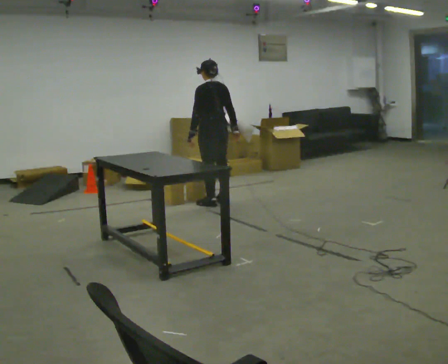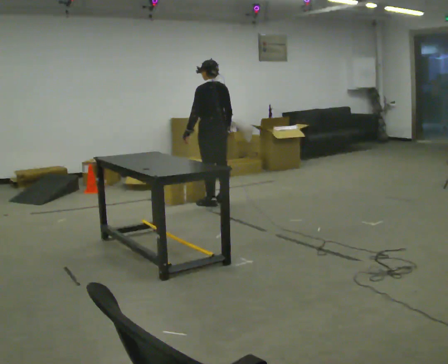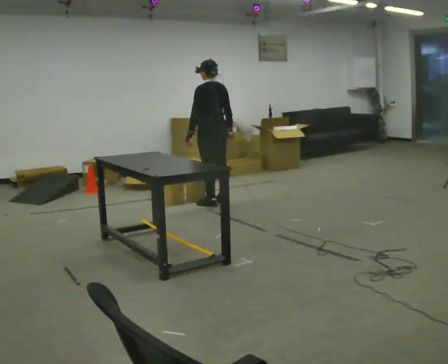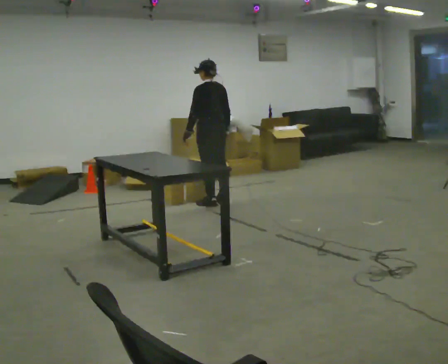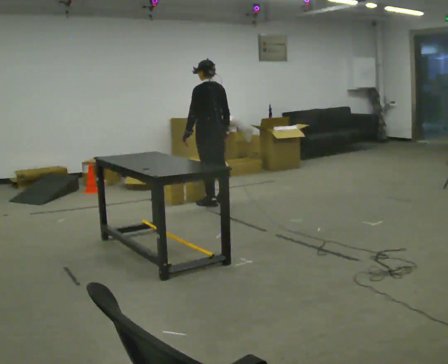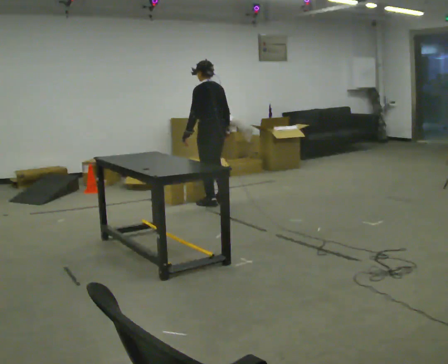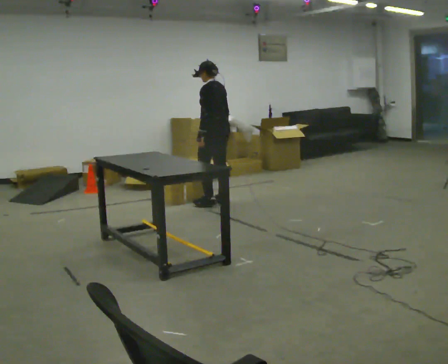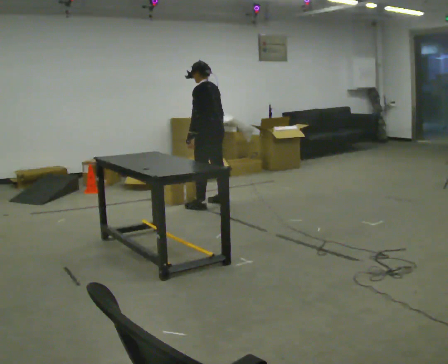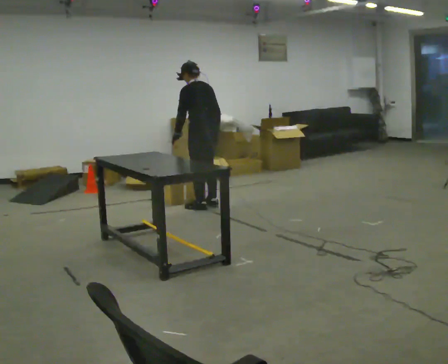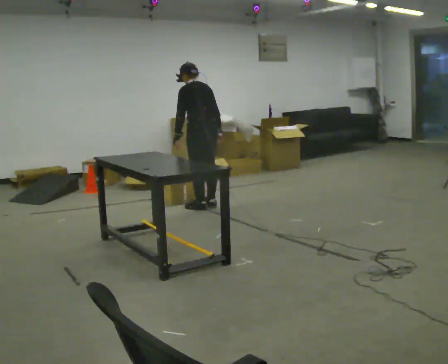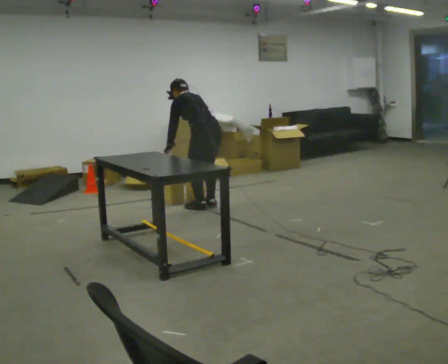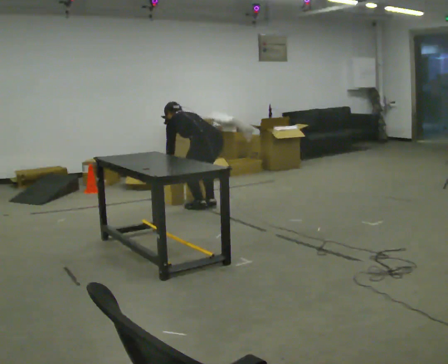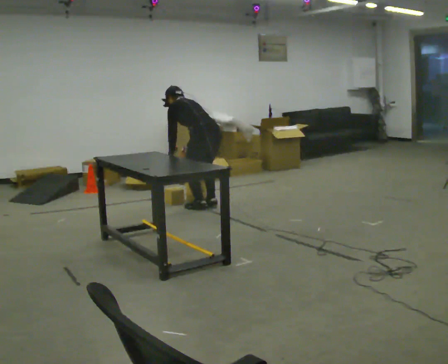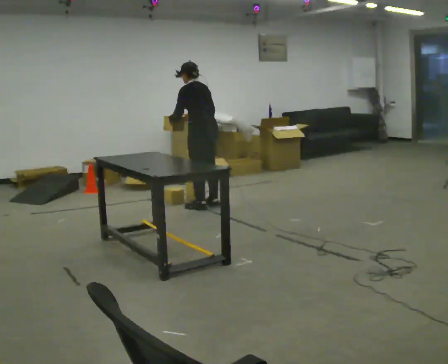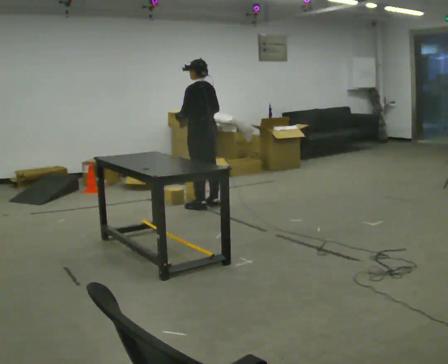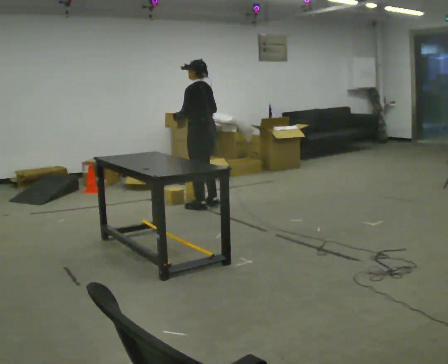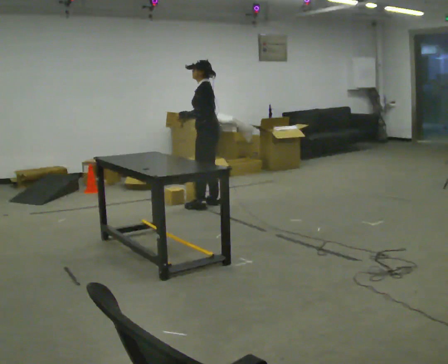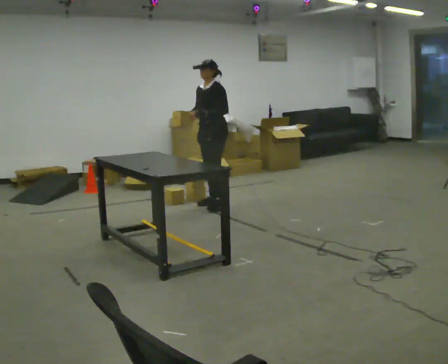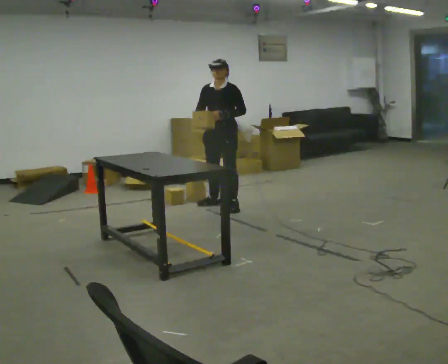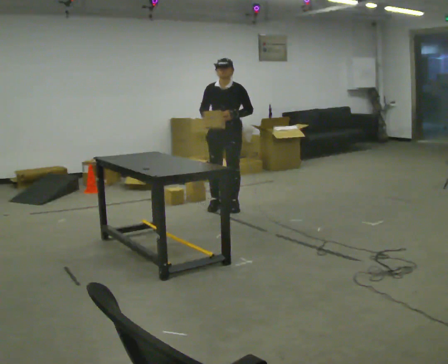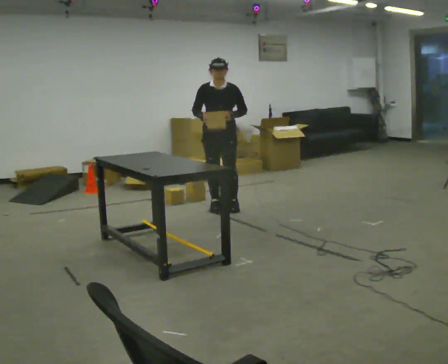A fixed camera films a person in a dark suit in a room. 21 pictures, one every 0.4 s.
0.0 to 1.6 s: The person moves a little, or ends about where they began.
1.6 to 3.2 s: In the picture they go toward the camera, about 0.25 m in 1 step, which for them is to their left.
3.2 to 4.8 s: In the picture their right hand goes to the left.
4.8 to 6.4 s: The part of the body nearest the lens slides to the right as the person turns to their left by about 45 degrees. In the picture they go away from the camera, about 0.25 m, which for them is to their right. The shoulders move upward. In the picture the upper body tilts clockwise, shoulders to the right, as they lean back or straighten. In the picture their right hand goes upward.
6.4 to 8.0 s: The part of the body nearest the lens slides to the right as the person turns to their left by about 90 degrees. In the picture they go toward the camera, about 0.25 m in 2 steps.
The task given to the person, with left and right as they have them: Pick an object up off the floor at one end of the room, carry it across, and place it on the waist-height shelf at the other end. Keep going until the operator says stop; one object at a time, and do not rush between trips.
The film runs forward here.
